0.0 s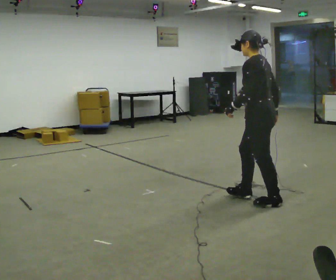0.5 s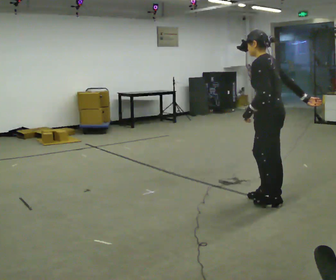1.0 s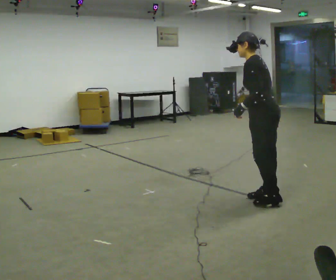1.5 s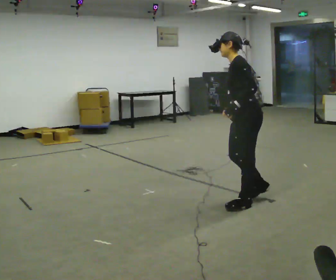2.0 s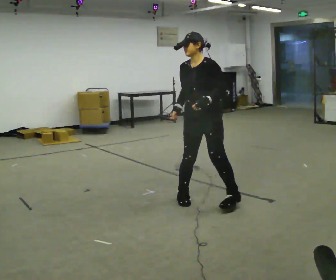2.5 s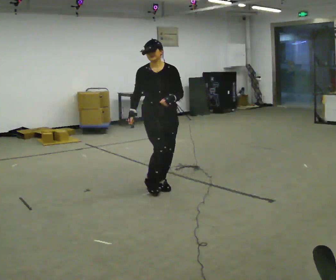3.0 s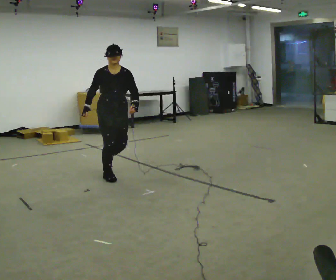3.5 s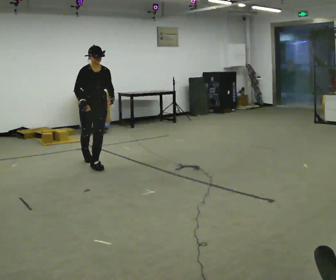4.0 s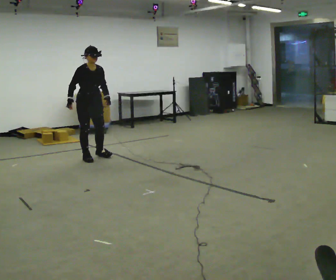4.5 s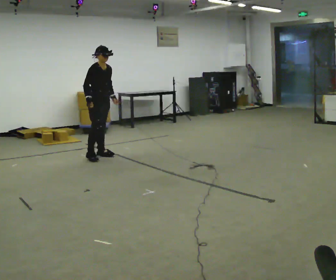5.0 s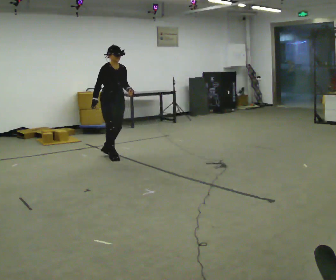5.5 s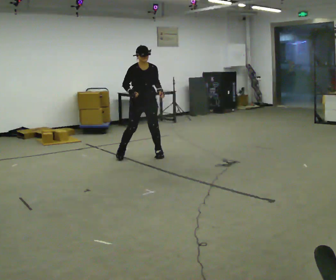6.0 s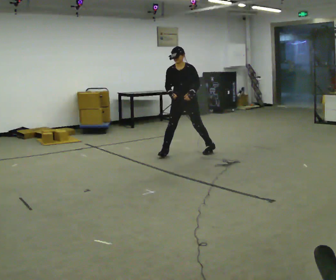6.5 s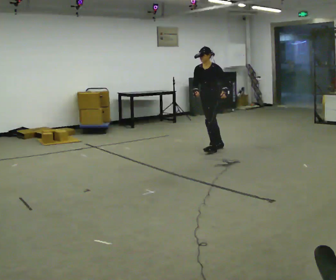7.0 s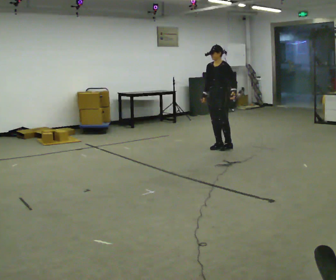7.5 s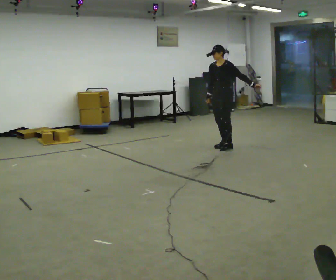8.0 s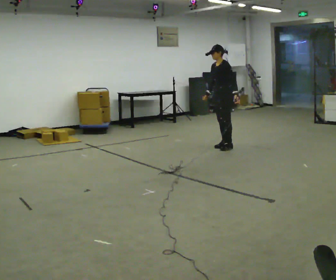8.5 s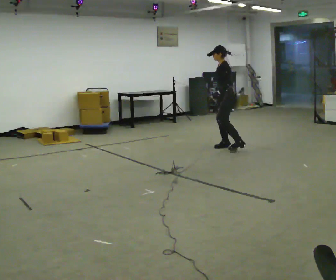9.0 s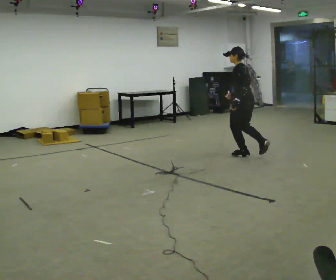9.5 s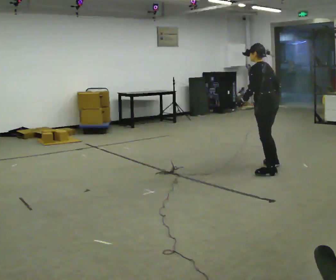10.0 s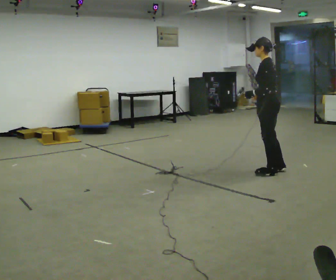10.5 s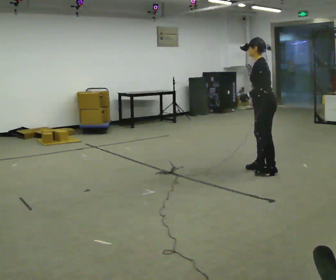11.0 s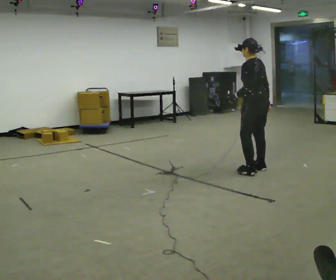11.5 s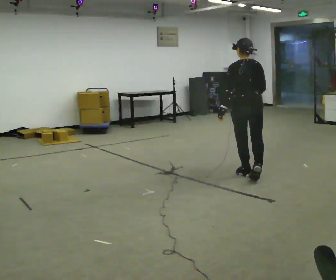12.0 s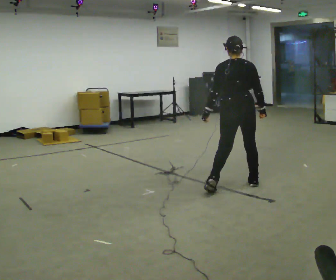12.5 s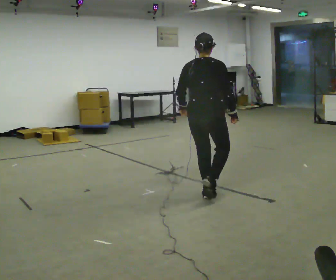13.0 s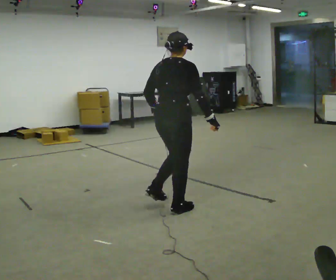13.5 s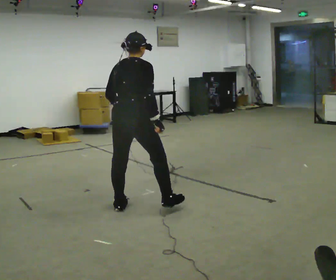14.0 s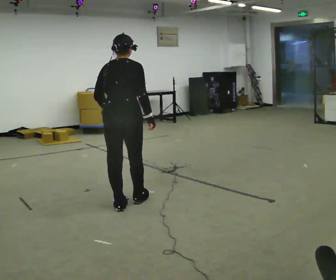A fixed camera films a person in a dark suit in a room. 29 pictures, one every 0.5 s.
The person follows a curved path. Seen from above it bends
clockwise.
0.0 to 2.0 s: The part of the body nearest the lens slides to the right as the person turns to their left by about 75 degrees. In the picture they go to the left, about 0.5 m in 3 steps.
2.0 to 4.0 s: The person turns about 90 degrees to their left, counterclockwise seen from above, so the part of the body nearest the lens slides to the right. In the picture they go to the left and away from the camera, about 2 m in 4 steps. In the picture the upper body tilts clockwise, shoulders to the right.
4.0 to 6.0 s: Seen from above the body turns clockwise, about 60 degrees: to their right, with its near side sliding to the left. In the picture they go to the right, about 1.5 m in 5 steps.
6.0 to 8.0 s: The part of the body nearest the lens slides to the left as the person turns to their right by about 60 degrees. In the picture they go to the right and away from the camera, about 0.5 m in 1 step, which for them is backward.
8.0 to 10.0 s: Seen from above the body turns clockwise, about 45 degrees: to their right, with its near side sliding to the left. In the picture they go toward the camera, about 1.5 m in 4 steps.
10.0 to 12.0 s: The part of the body nearest the lens slides to the left as the person turns to their right by about 75 degrees. In the picture they go toward the camera and to the left, about 0.5 m in 4 steps.
12.0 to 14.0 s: In the picture they go to the left and toward the camera, about 1.5 m in 3 steps, which for them is backward and to their left.
The film runs backward here.
